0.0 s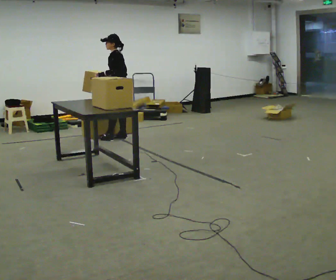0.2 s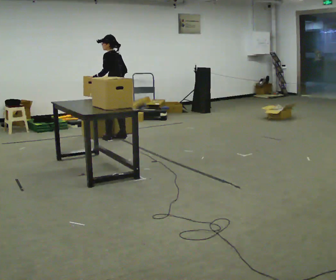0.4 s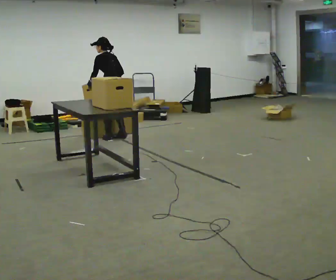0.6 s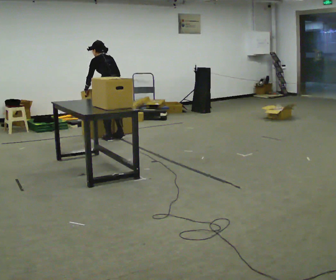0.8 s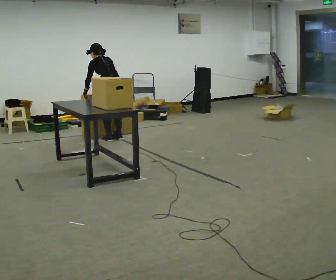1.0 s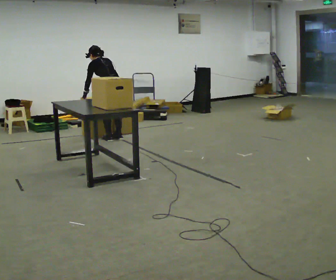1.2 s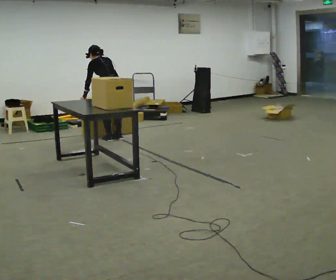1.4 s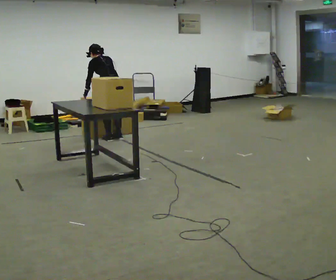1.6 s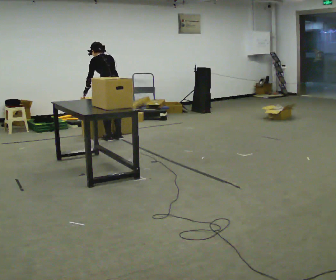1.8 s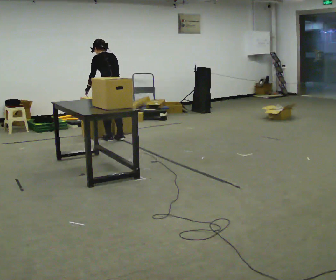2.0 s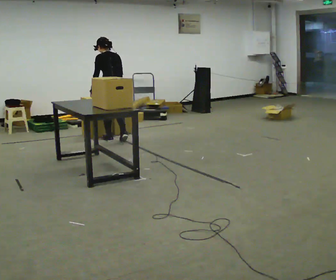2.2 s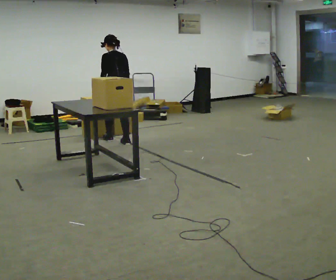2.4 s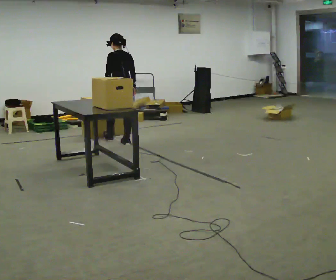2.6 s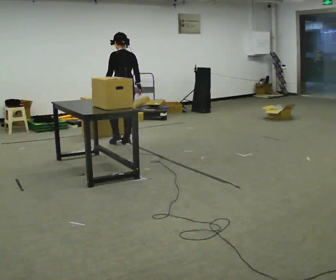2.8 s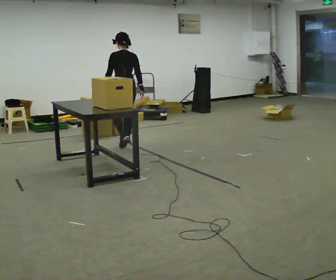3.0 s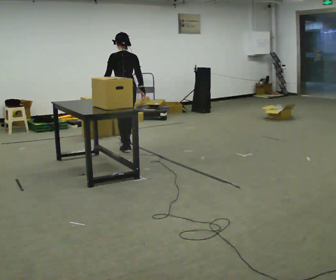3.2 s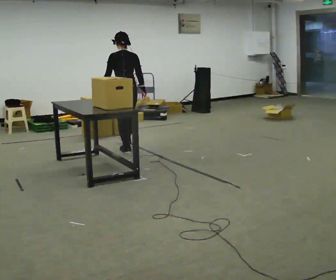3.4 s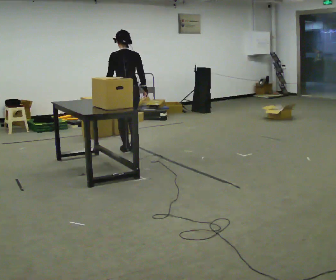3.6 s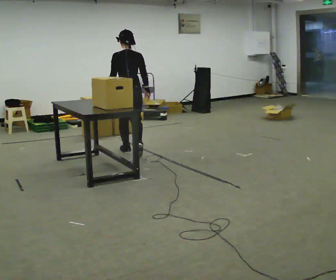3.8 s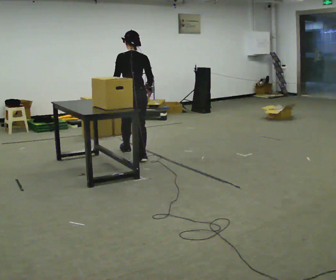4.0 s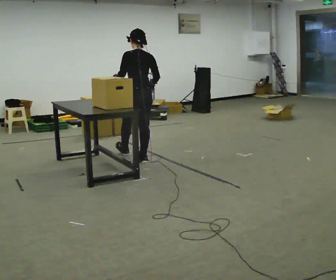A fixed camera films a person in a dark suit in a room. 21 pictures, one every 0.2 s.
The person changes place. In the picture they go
toward the camera.
0.0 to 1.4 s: Seen from above the body turns clockwise, about 45 degrees: to their right, with its near side sliding to the left. In the picture they go to the left and toward the camera, about 0.25 m, which for them is to their left. The upper body tips away from the camera, its near side rolling upward, as they bend forward.
1.4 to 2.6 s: In the picture they go toward the camera and to the right, about 0.25 m in 2 steps, which for them is backward. The upper body tips toward the camera, its near side rolling downward, as they lean back or straighten.
2.6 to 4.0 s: In the picture they go toward the camera, about 1 m in 1 step, which for them is backward.
The film runs backward here.
